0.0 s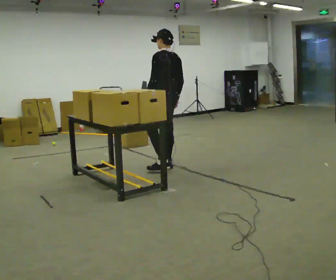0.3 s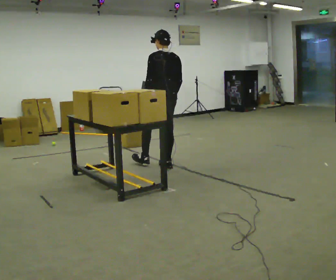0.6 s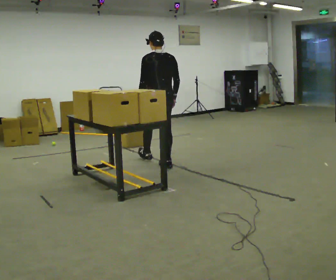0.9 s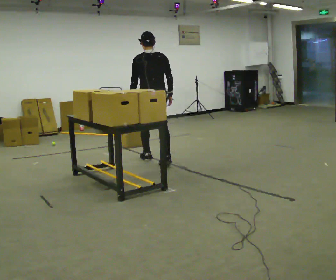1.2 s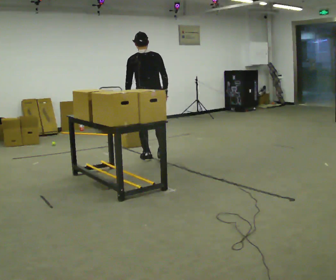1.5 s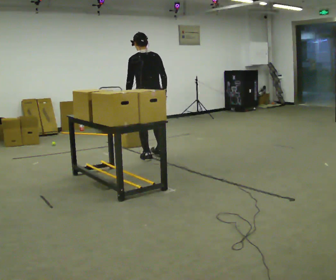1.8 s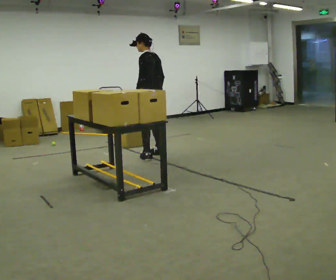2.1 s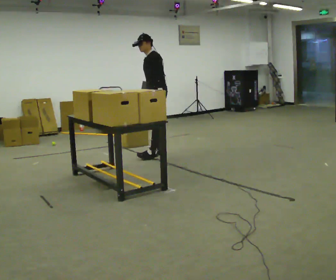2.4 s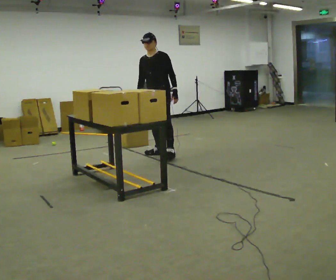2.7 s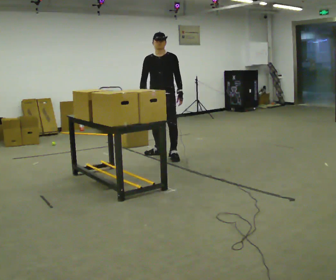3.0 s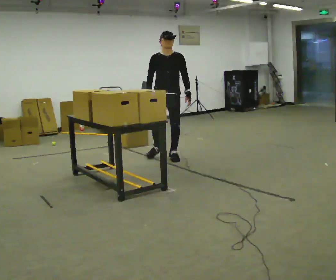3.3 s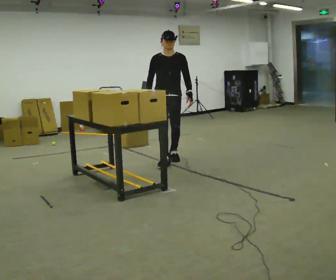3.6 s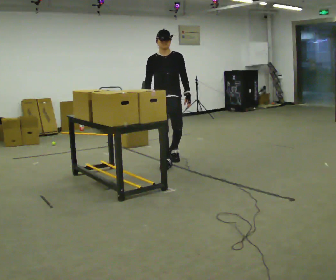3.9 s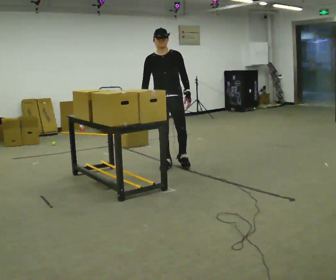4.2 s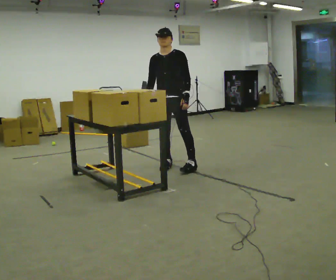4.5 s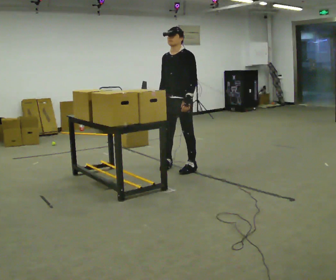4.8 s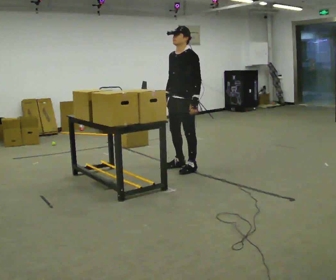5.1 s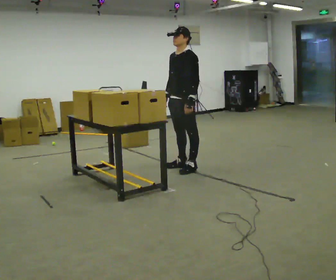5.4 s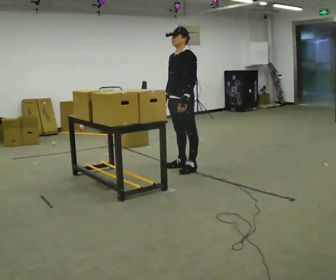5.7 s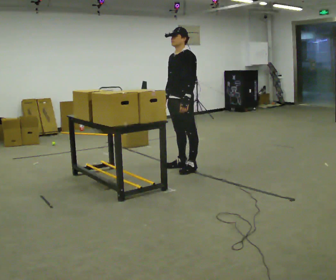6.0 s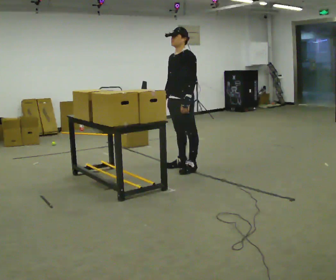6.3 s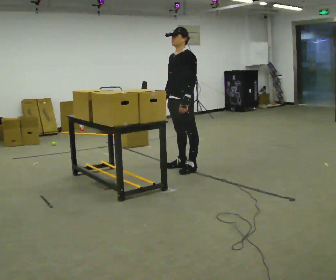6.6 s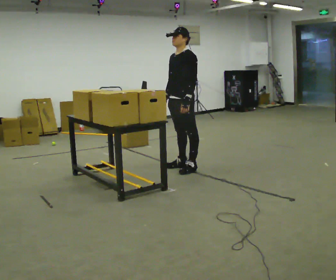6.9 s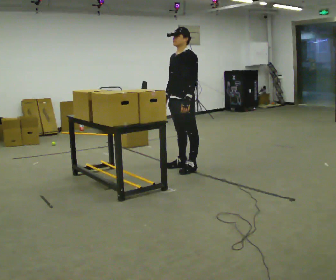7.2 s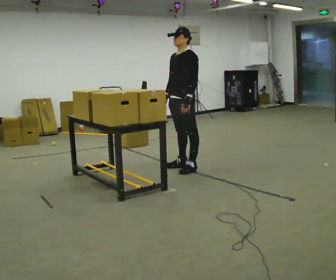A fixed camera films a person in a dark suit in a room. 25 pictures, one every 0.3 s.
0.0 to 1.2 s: The part of the body nearest the lens slides to the left as the person turns to their right by about 30 degrees. In the picture they go away from the camera and to the left, about 0.5 m in 1 step, which for them is forward.
1.2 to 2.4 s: The part of the body nearest the lens slides to the right as the person turns to their left by about 135 degrees. In the picture they go away from the camera and to the right, about 0.25 m in 2 steps.
2.4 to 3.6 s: The part of the body nearest the lens slides to the right as the person turns to their left by about 45 degrees. In the picture they go toward the camera, about 0.5 m in 1 step, which for them is forward.
3.6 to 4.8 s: The person turns about 60 degrees to their right, clockwise seen from above, so the part of the body nearest the lens slides to the left. In the picture they go toward the camera and to the right, about 0.25 m in 1 step, which for them is to their left.
4.8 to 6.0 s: The person moves a little, or ends about where they began.
6.0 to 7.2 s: The person keeps their place and pose.
The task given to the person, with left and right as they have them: Take an object off the waist-height shelf, carry it across the room, and set it down on the floor. Keep going until the operator says stop; one object at a time, and do not rush between trips.
The film runs forward here.
